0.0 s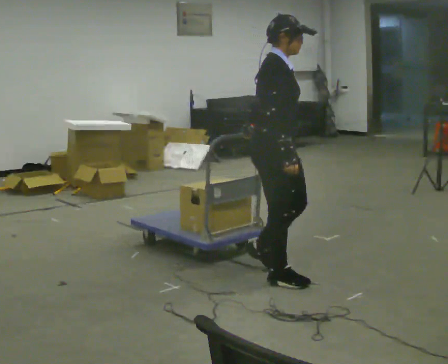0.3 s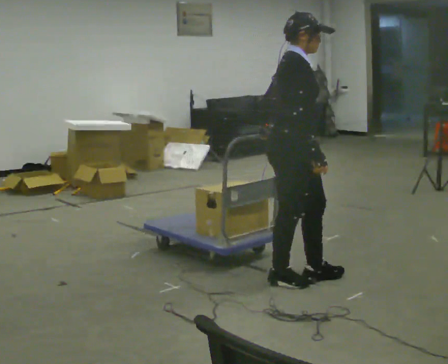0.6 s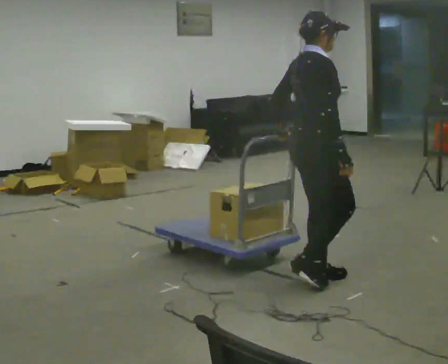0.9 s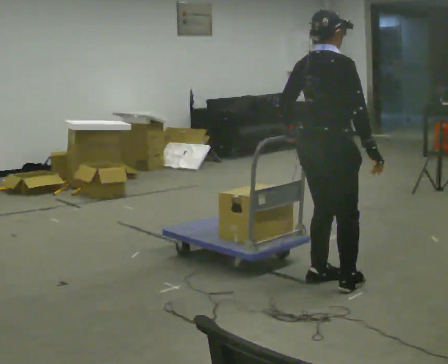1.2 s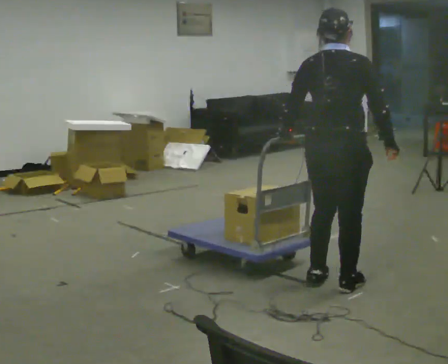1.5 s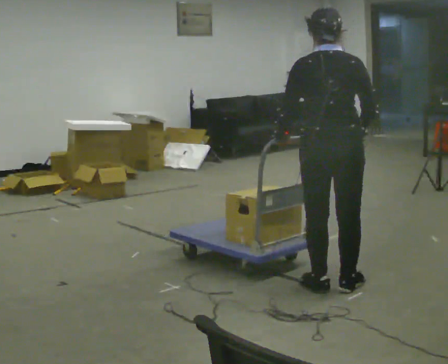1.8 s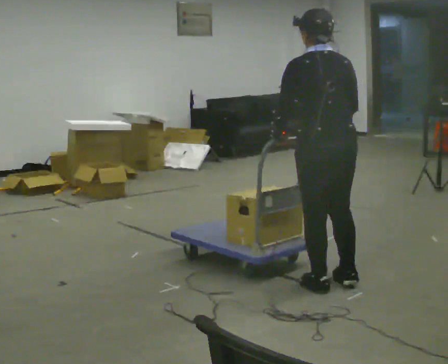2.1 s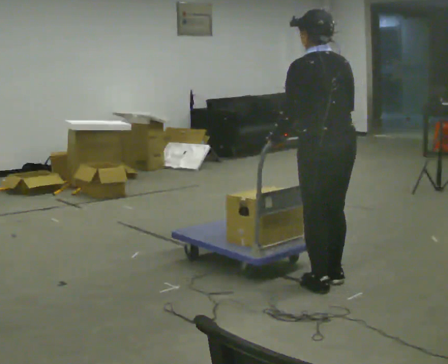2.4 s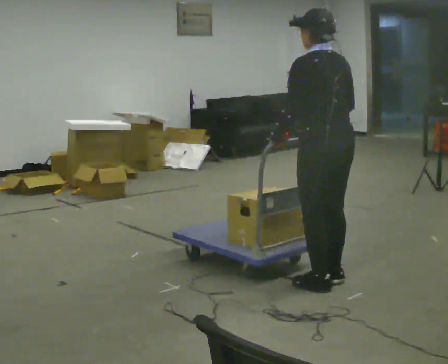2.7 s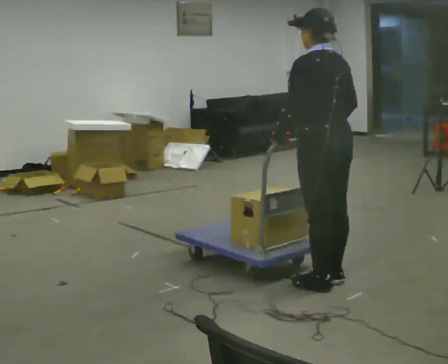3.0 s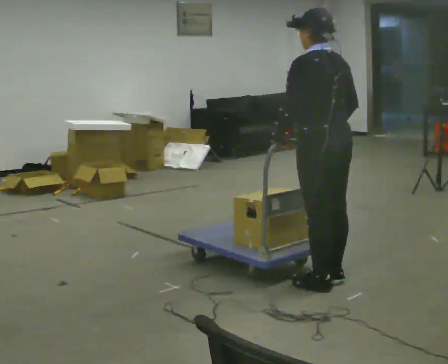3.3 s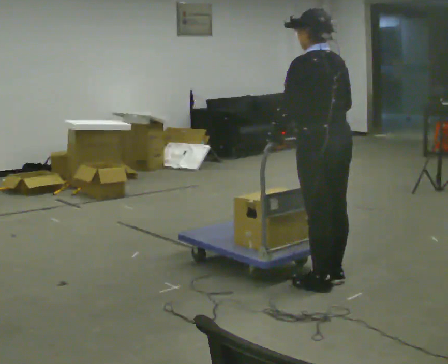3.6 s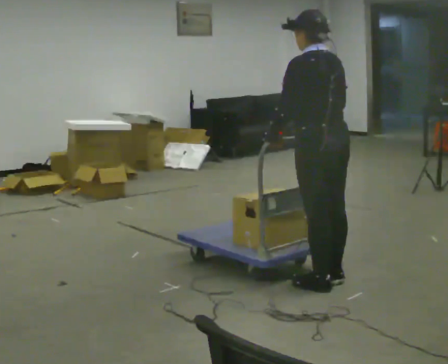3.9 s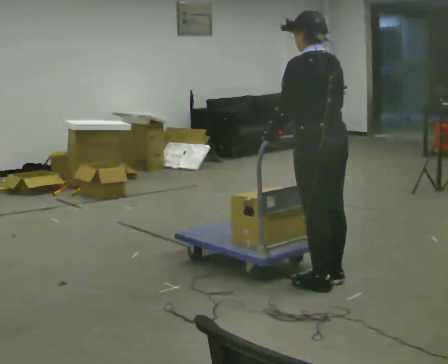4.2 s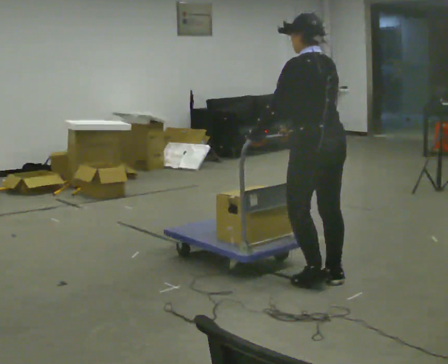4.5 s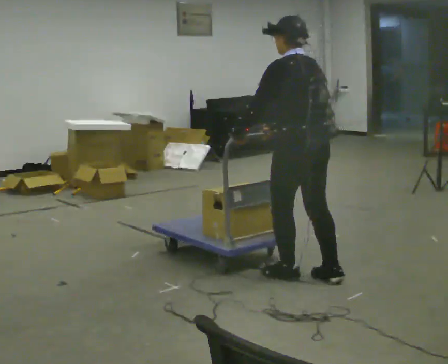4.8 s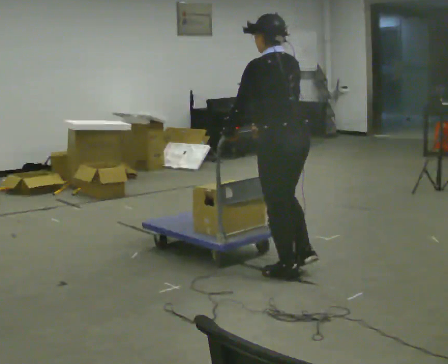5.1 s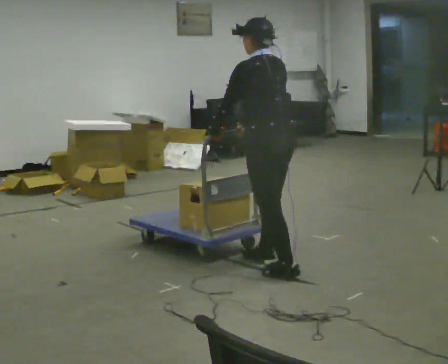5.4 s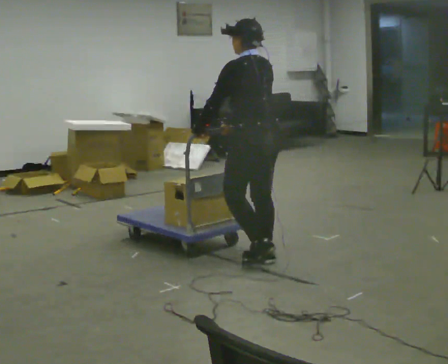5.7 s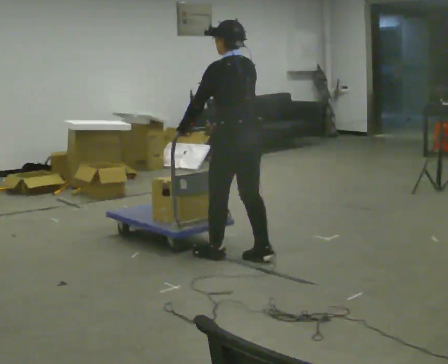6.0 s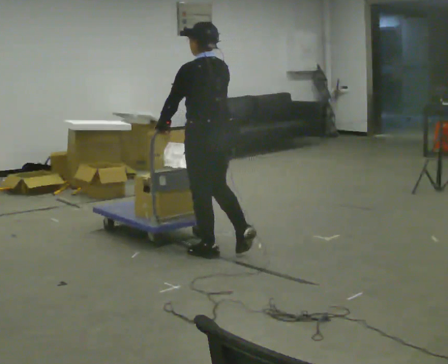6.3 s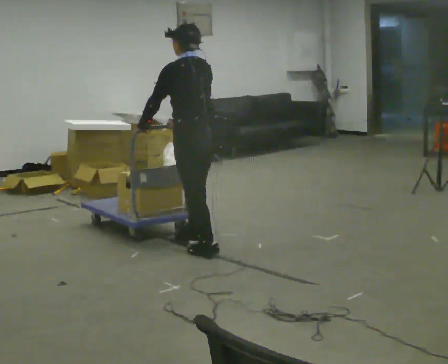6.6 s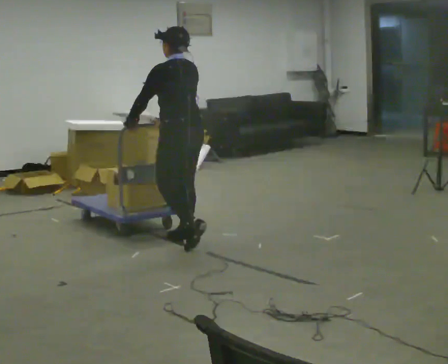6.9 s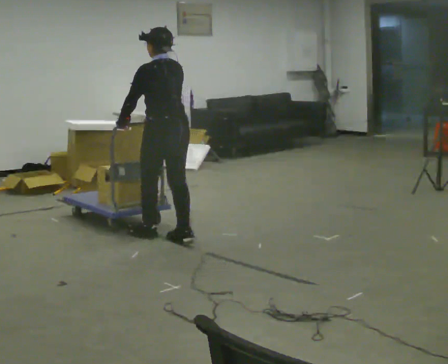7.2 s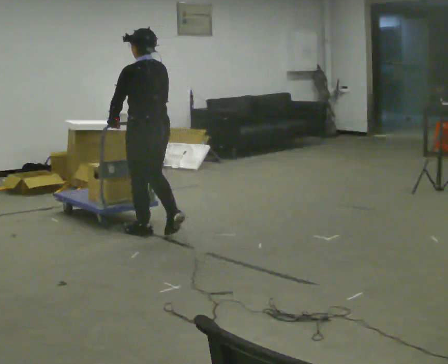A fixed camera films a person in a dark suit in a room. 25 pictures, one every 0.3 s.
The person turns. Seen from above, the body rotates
counterclockwise.
The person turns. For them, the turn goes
to their left.
0.0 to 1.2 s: The person turns about 75 degrees to their left, counterclockwise seen from above, so the part of the body nearest the lens slides to the right. In the picture they go to the right and toward the camera, about 0.5 m in 2 steps.
1.2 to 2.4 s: The part of the body nearest the lens slides to the right as the person turns to their left by about 60 degrees. In the picture their right hand goes to the left.
2.4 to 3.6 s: The person moves a little, or ends about where they began.
3.6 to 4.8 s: In the picture they go to the left, about 0.25 m in 1 step, which for them is forward.
4.8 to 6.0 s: In the picture they go to the left and away from the camera, about 0.75 m in 2 steps, which for them is forward.
6.0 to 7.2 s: In the picture they go to the left and away from the camera, about 0.75 m in 2 steps, which for them is forward.
The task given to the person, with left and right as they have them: Push the cart across the room and back. The operator will change how much is loaded on it between takes and will tell you each time.
The film runs forward here.
